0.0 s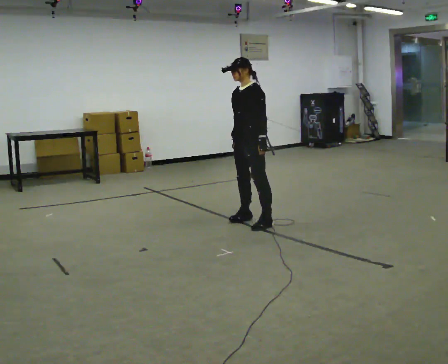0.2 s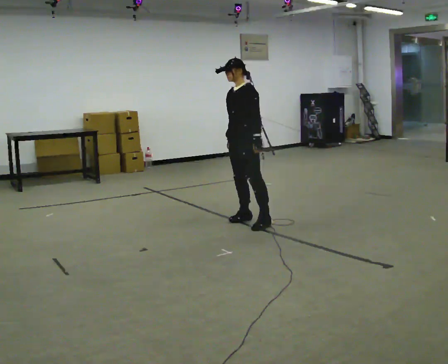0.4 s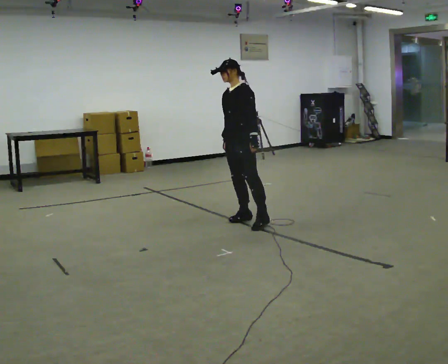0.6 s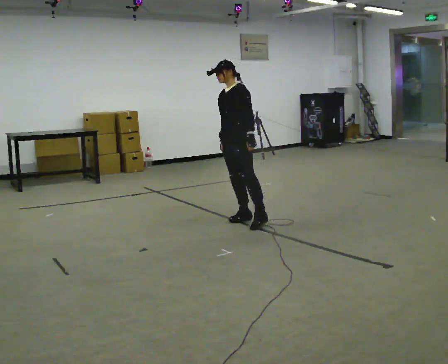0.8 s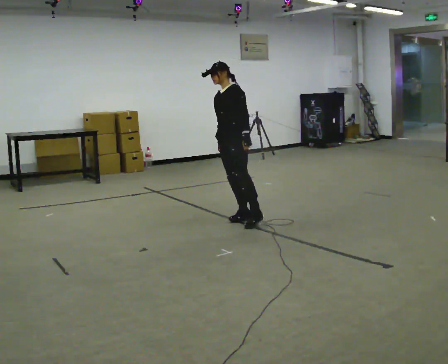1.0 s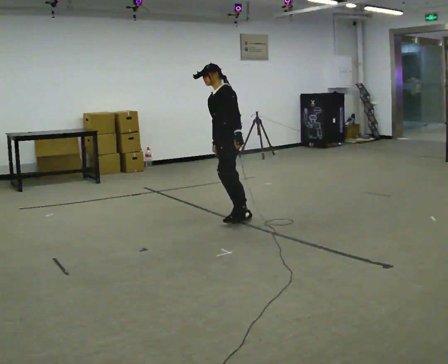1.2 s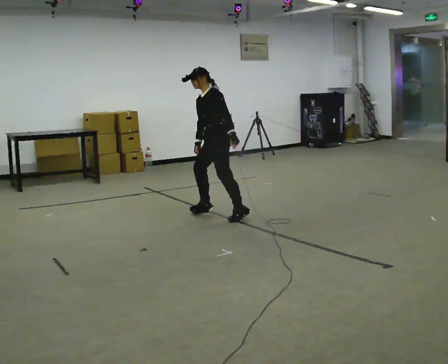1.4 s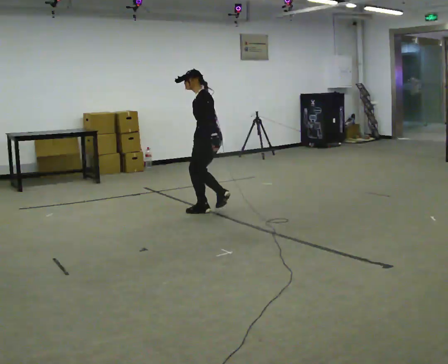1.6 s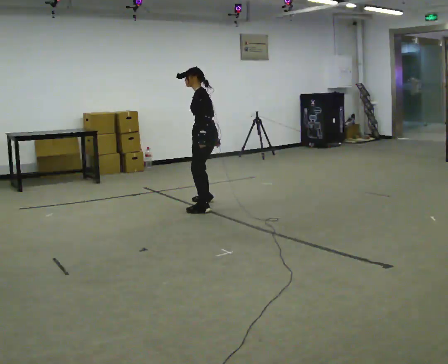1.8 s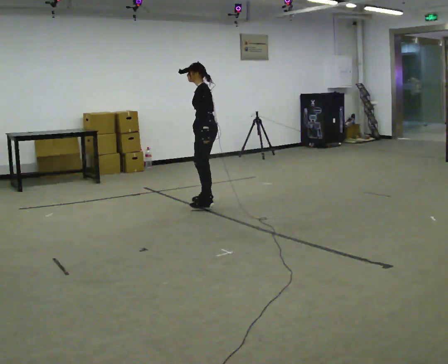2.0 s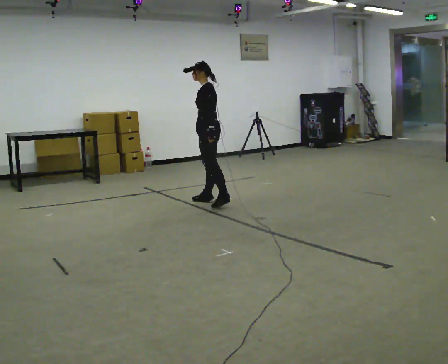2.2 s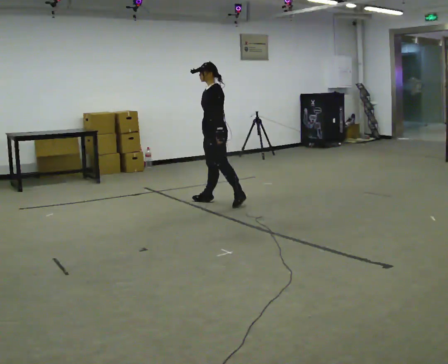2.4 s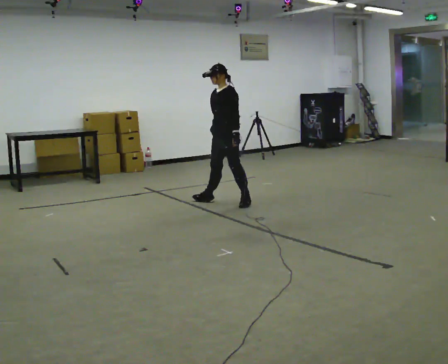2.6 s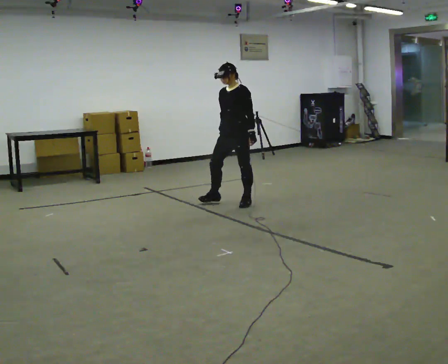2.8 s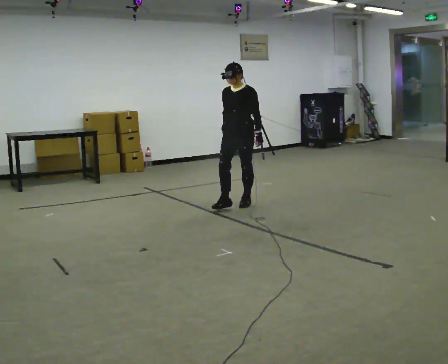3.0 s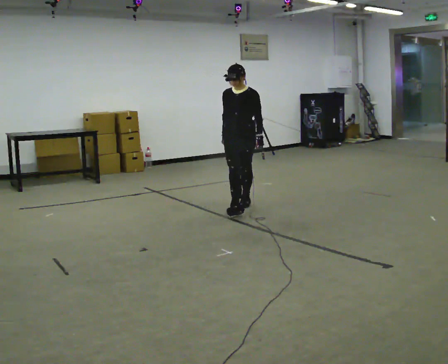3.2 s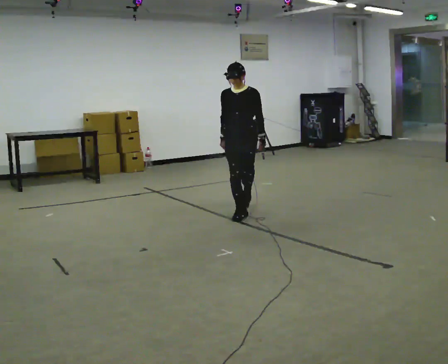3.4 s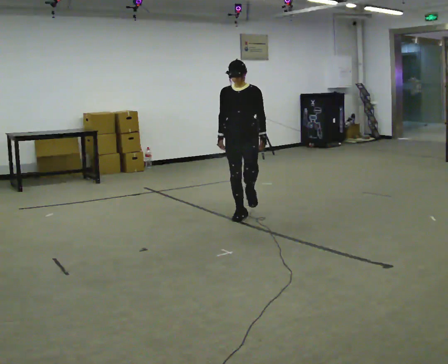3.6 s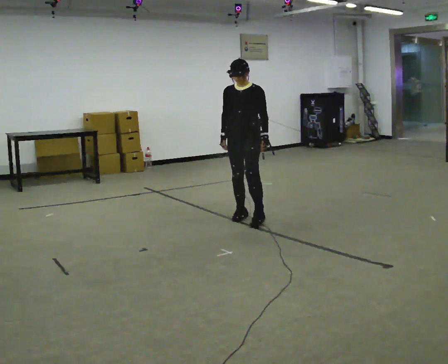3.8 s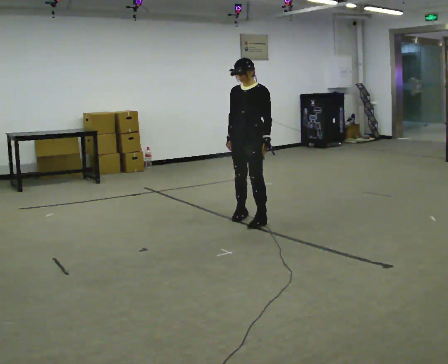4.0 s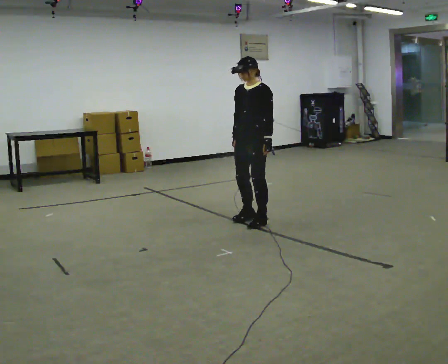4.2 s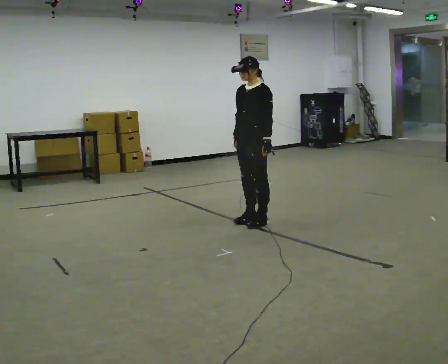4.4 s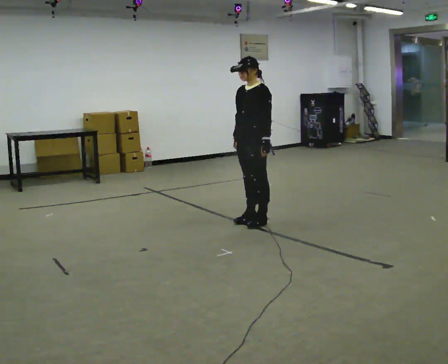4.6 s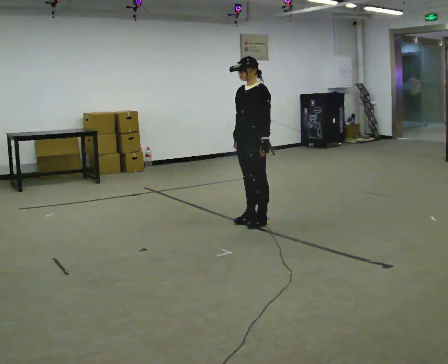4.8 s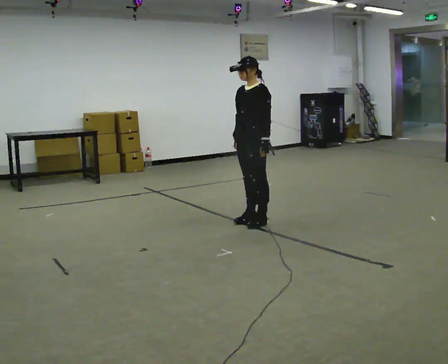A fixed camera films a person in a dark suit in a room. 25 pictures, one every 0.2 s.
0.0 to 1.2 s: The person turns about 30 degrees to their right, clockwise seen from above, so the part of the body nearest the lens slides to the left. In the picture they go to the left and away from the camera, about 0.5 m, which for them is to their right.
1.2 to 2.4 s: The part of the body nearest the lens slides to the right as the person turns to their left by about 30 degrees. In the picture they go away from the camera, about 0.5 m in 3 steps, which for them is to their right and backward.
2.4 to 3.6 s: The person turns about 30 degrees to their left, counterclockwise seen from above, so the part of the body nearest the lens slides to the right. In the picture they go toward the camera, about 0.5 m in 1 step, which for them is forward and to their left.
3.6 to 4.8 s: The person turns about 30 degrees to their right, clockwise seen from above, so the part of the body nearest the lens slides to the left. In the picture they go toward the camera, about 0.25 m in 2 steps, which for them is to their left.
The film runs forward here.
